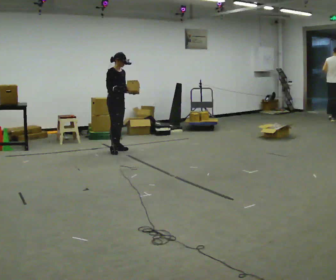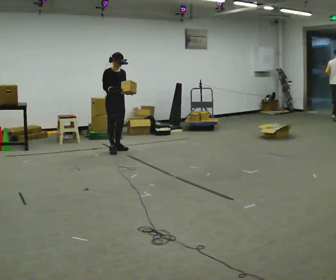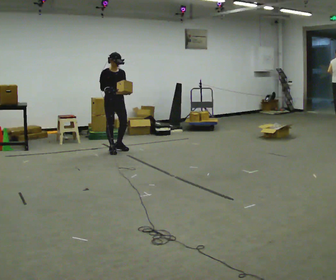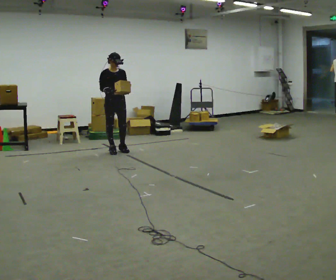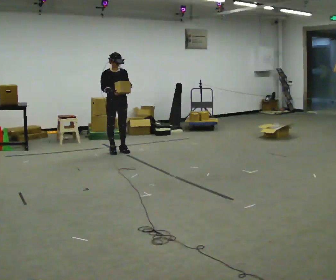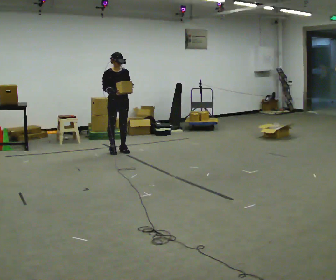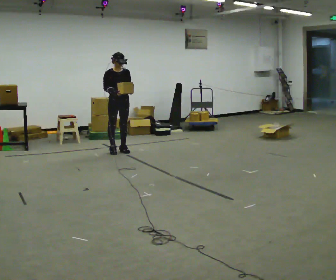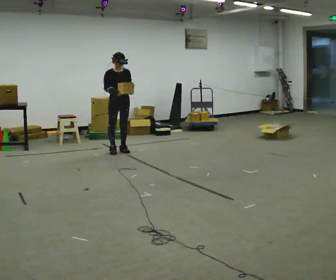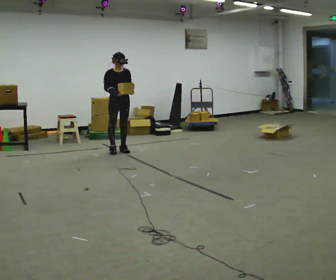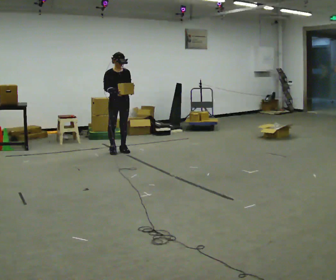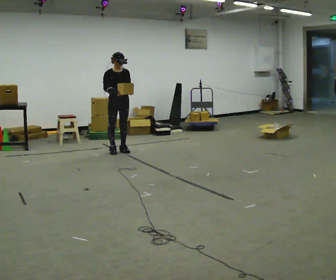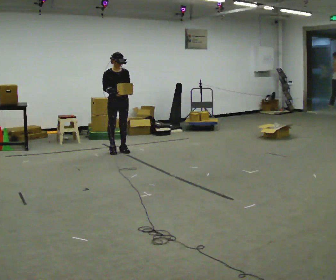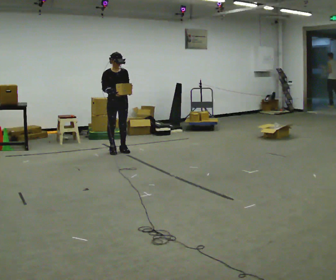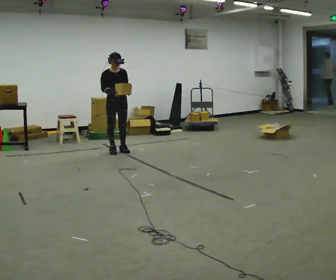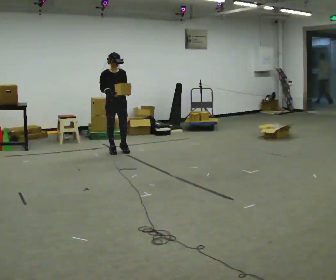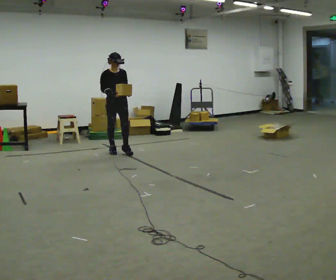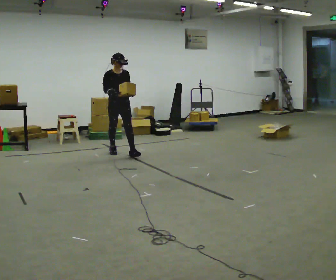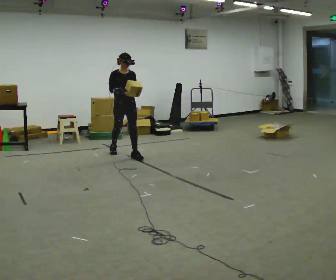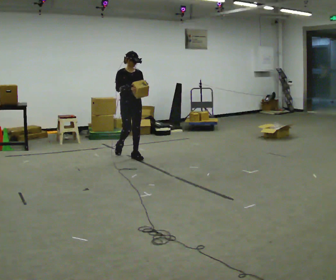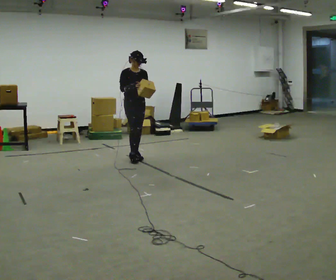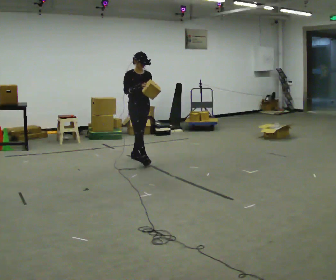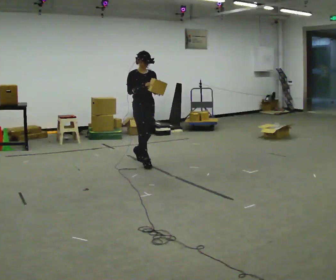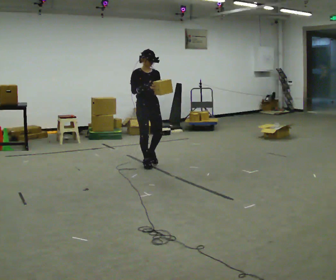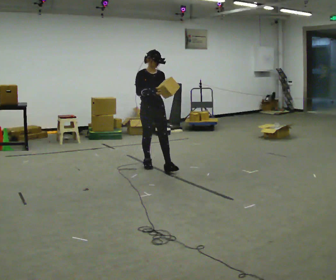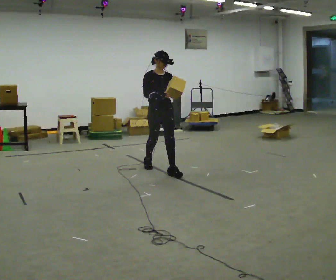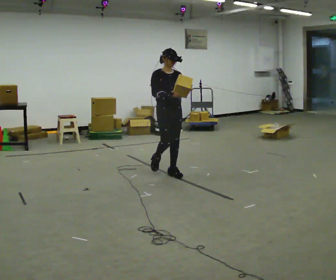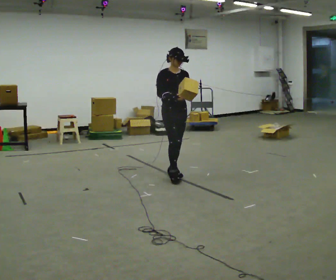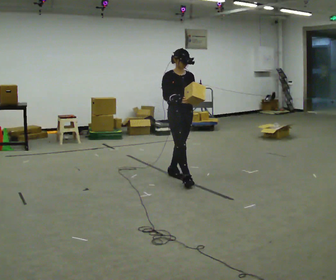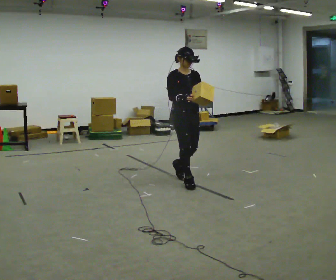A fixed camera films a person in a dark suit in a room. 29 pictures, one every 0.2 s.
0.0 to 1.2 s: The person turns about 30 degrees to their right, clockwise seen from above, so the part of the body nearest the lens slides to the left.
1.2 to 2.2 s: The person keeps their place and pose.
2.2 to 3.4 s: In the picture they go toward the camera, about 0.25 m in 1 step, which for them is forward.
3.4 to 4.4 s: In the picture they go toward the camera and to the right, about 0.75 m in 1 step, which for them is forward.
4.4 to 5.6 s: In the picture they go toward the camera and to the right, about 1 m in 2 steps, which for them is forward.
The film runs forward here.
